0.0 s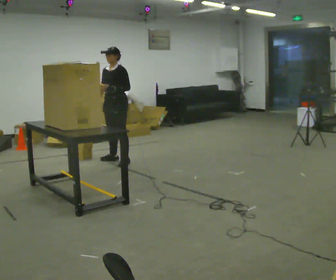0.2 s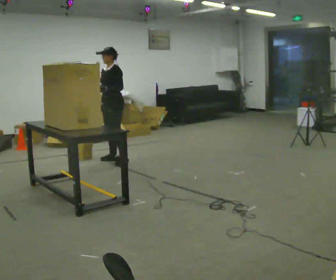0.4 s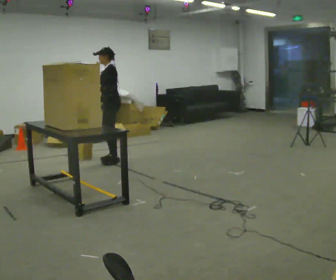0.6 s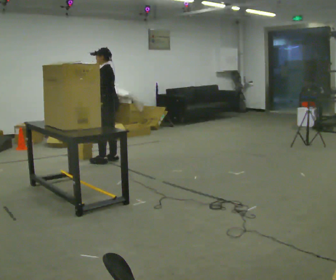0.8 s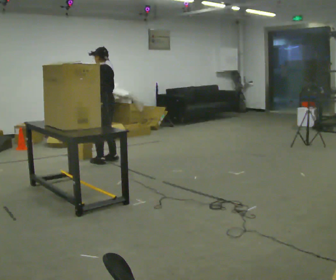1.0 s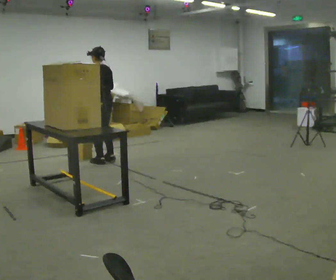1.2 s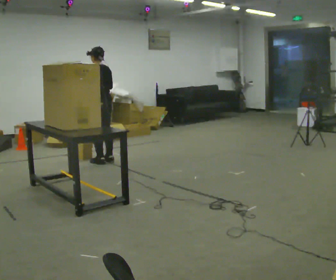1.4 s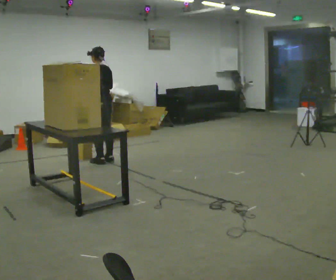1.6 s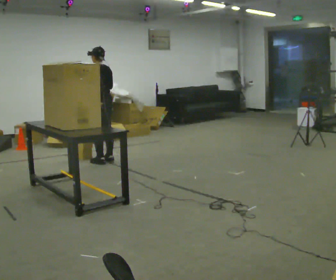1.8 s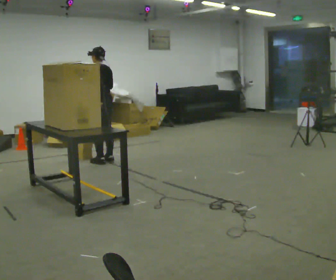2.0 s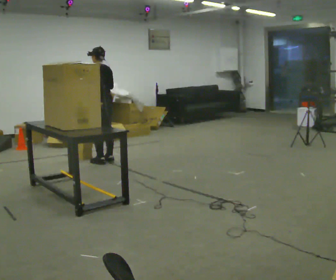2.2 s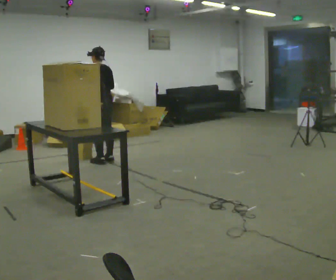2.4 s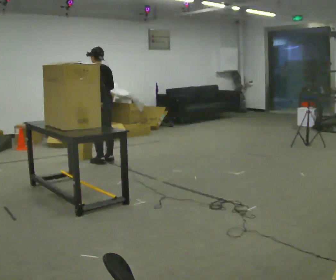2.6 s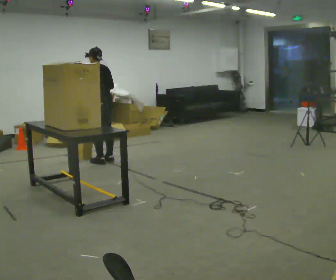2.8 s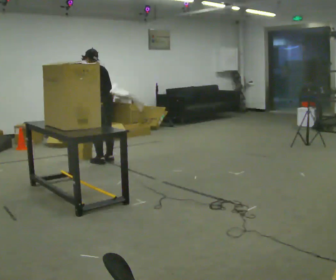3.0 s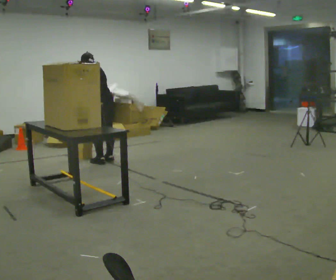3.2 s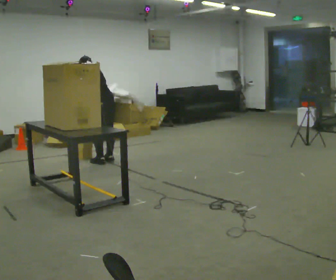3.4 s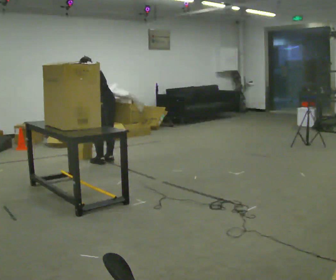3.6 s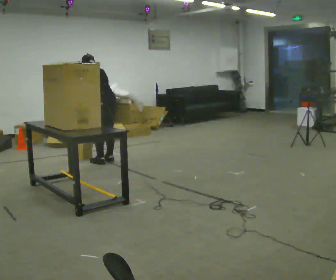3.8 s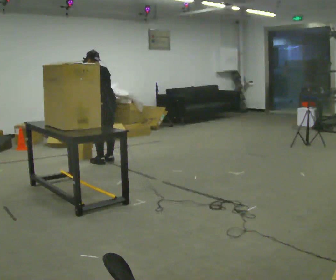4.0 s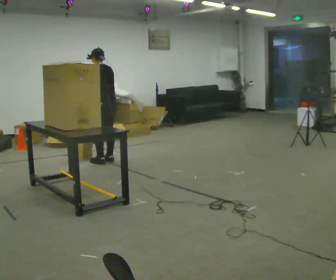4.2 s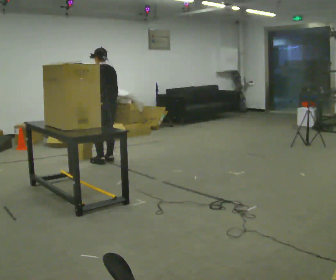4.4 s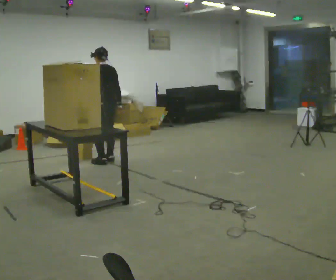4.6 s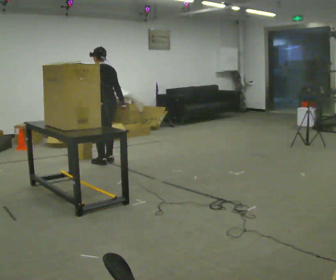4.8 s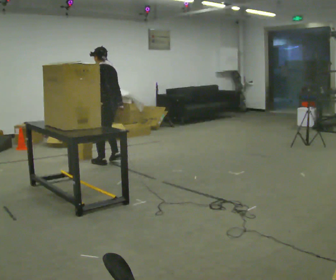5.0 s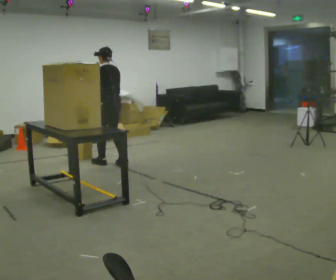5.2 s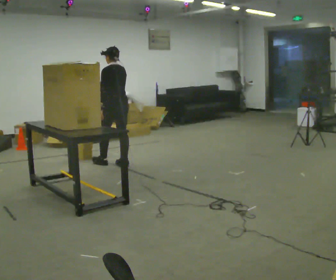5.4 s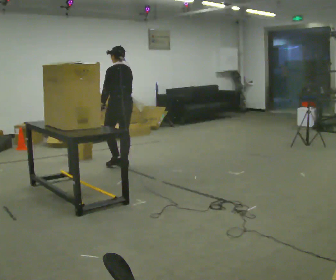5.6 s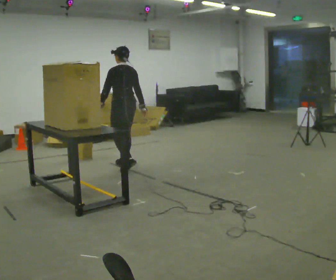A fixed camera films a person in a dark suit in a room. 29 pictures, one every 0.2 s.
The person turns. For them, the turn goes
to their right.
The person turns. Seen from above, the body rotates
clockwise.
0.0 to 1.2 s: Seen from above the body turns clockwise, about 90 degrees: to their right, with its near side sliding to the left. In the picture they go to the left, about 0.25 m in 1 step. In the picture their left hand goes to the left.
1.2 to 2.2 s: The person moves a little, or ends about where they began.
2.2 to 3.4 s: The upper body tips away from the camera, its near side rolling upward, as they bend forward. In the picture their right hand goes downward.
3.4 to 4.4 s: The upper body tips toward the camera, its near side rolling downward, as they lean back or straighten. In the picture their right hand goes to the right.
4.4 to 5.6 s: In the picture they go toward the camera and to the right, about 0.5 m in 2 steps, which for them is backward.
The film runs backward here.
